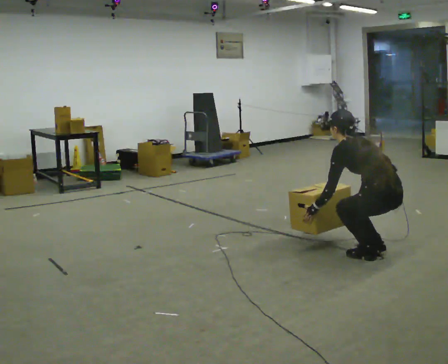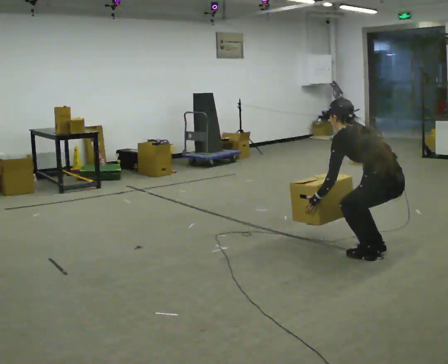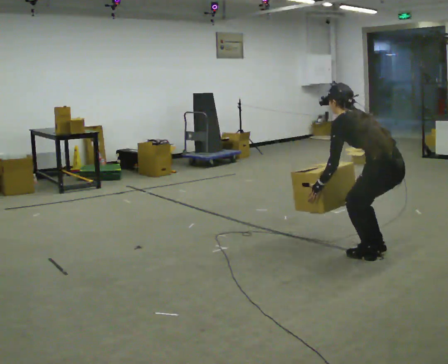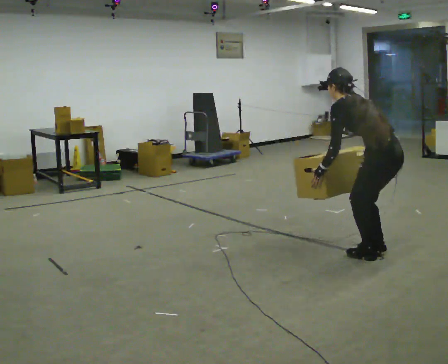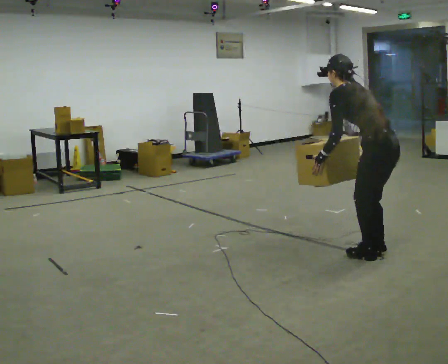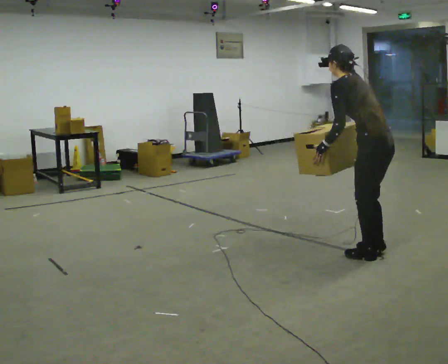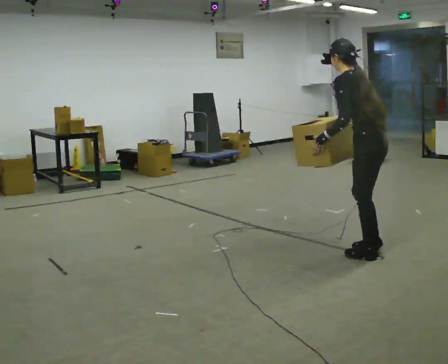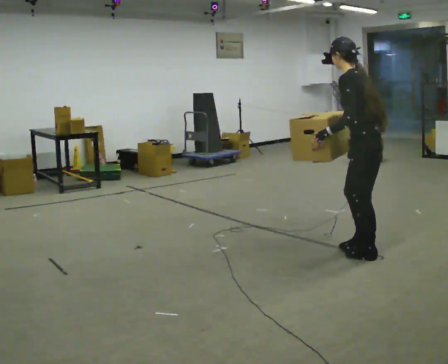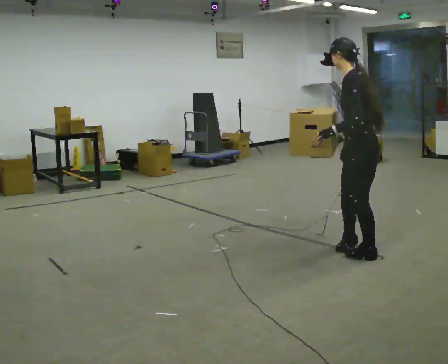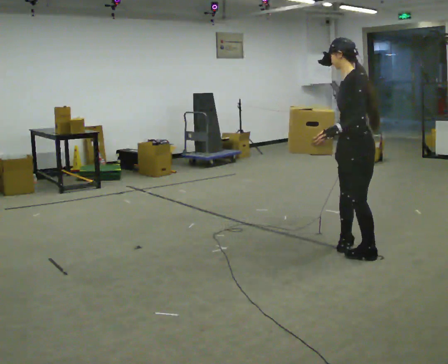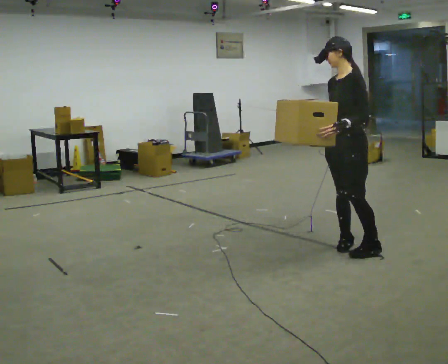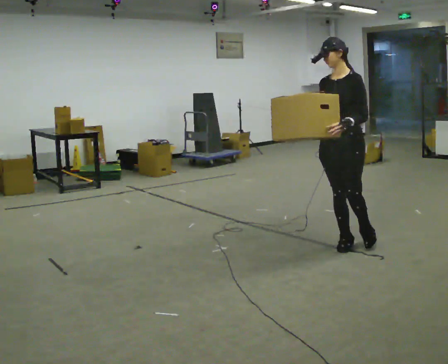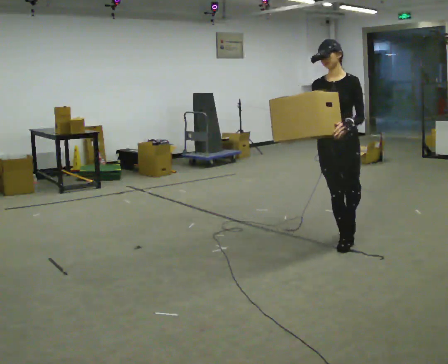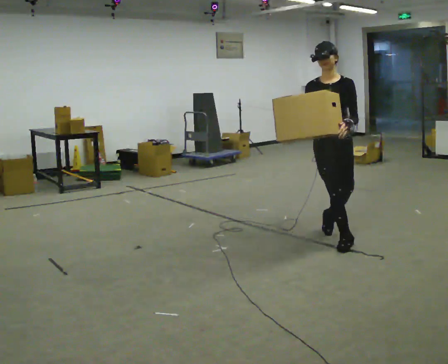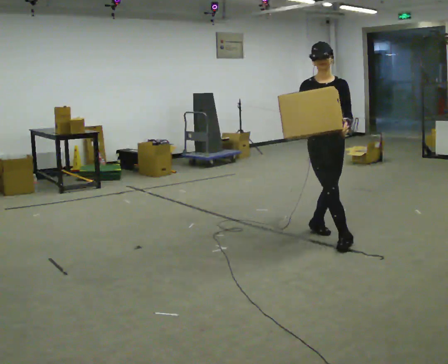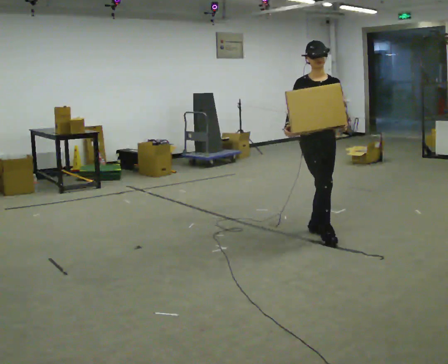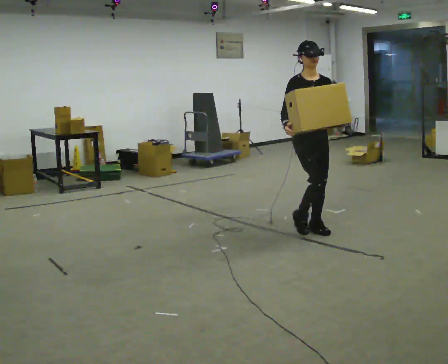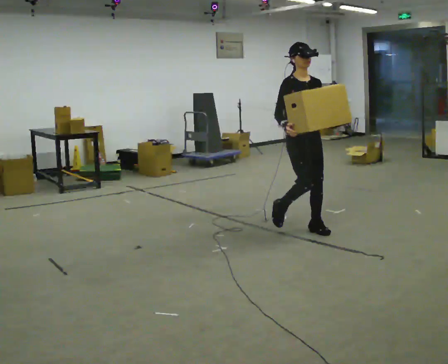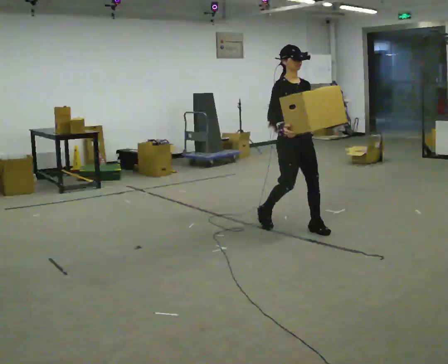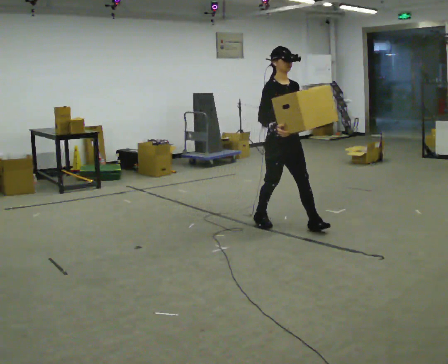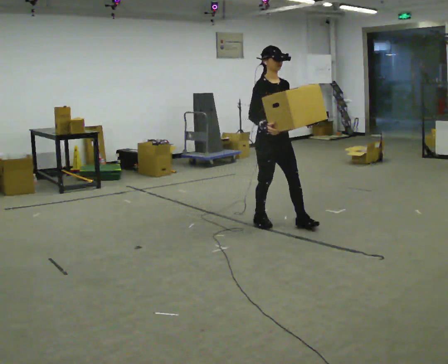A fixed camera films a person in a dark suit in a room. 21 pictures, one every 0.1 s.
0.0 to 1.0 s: Seen from above the body turns counterclockwise, about 75 degrees: to their left, with its near side sliding to the right. In the picture they go away from the camera and to the left, about 0.25 m in 2 steps. The upper body goes upward. In the picture the upper body tilts clockwise, shoulders to the right, as they lean back or straighten. In the picture their left hand goes upward.
1.0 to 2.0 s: The part of the body nearest the lens slides to the right as the person turns to their left by about 105 degrees. In the picture they go away from the camera and to the left, about 1 m in 2 steps.
The film runs backward here.
